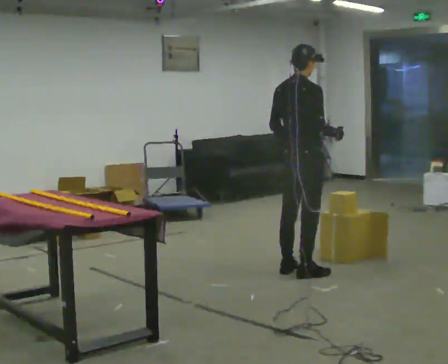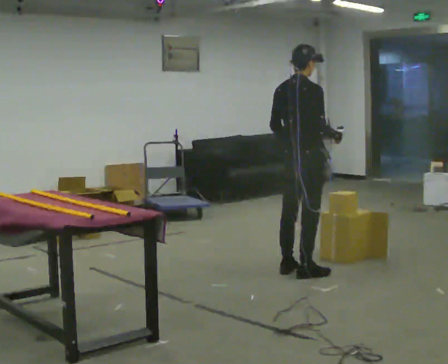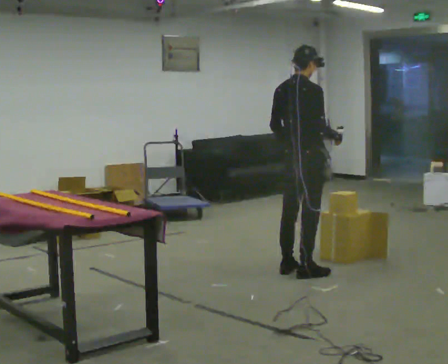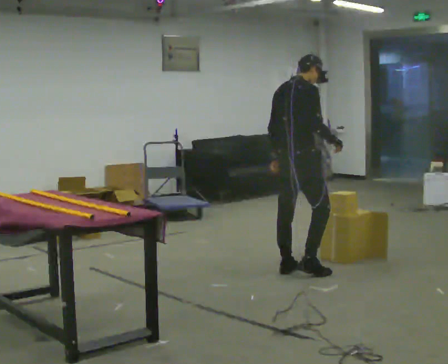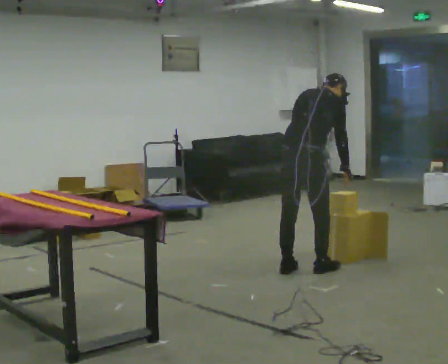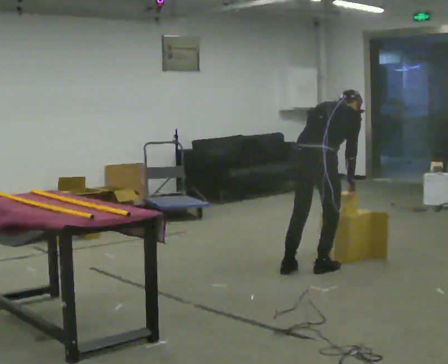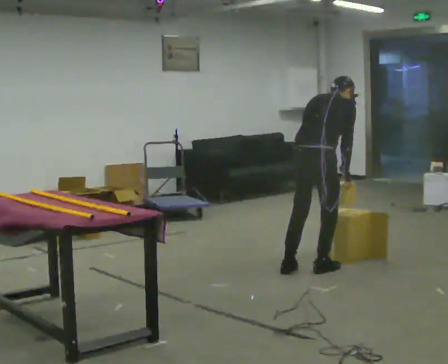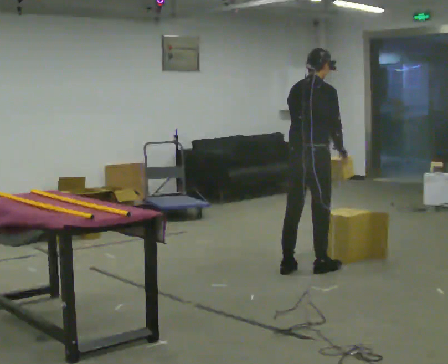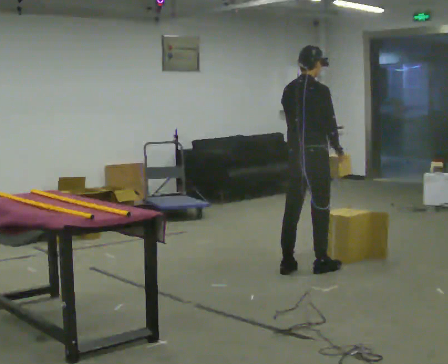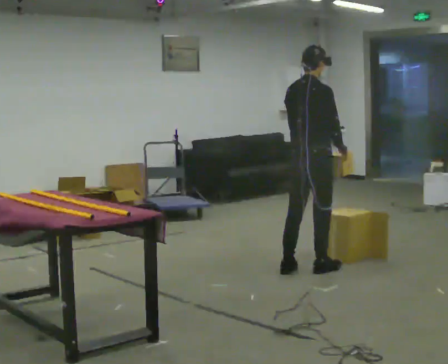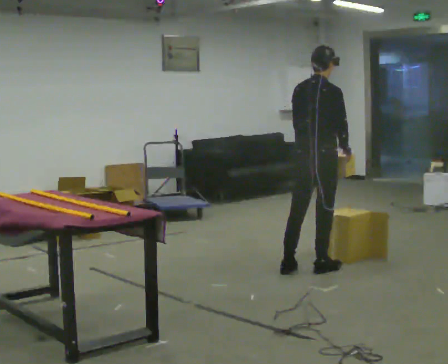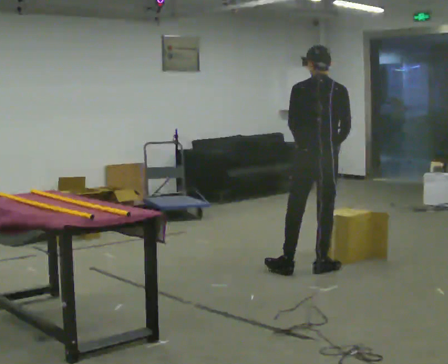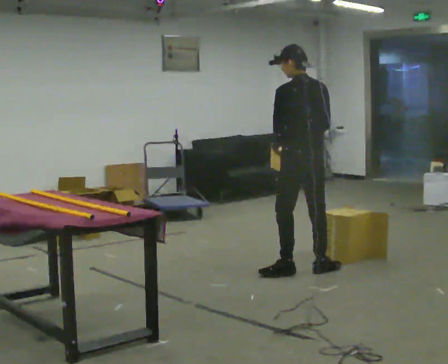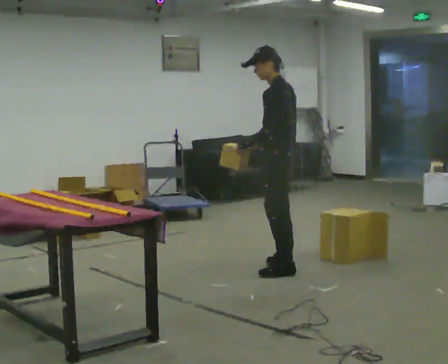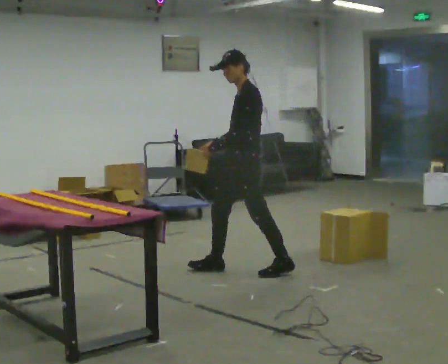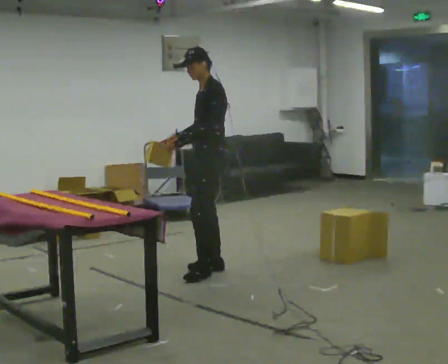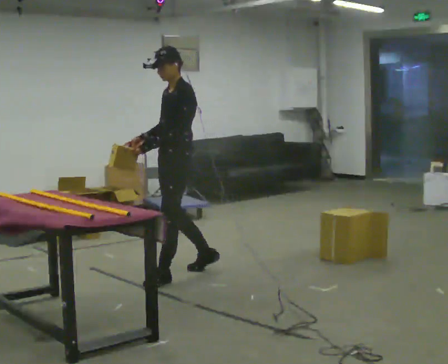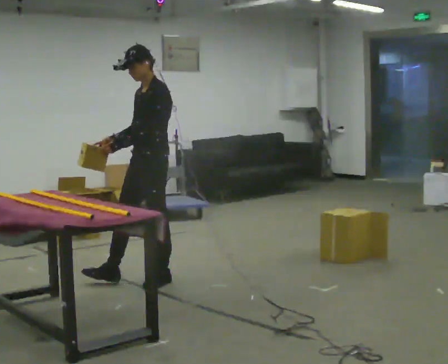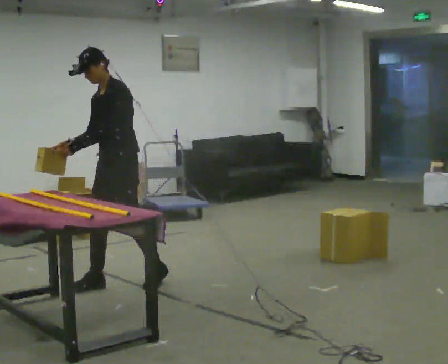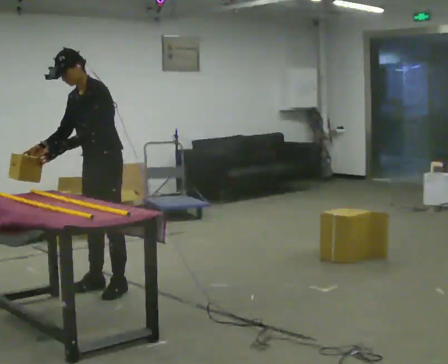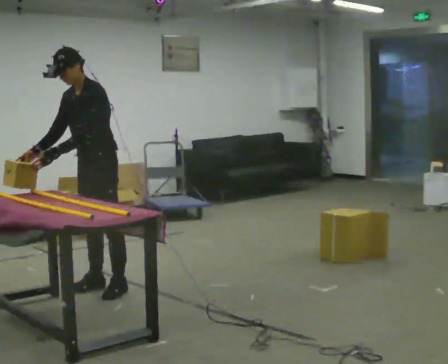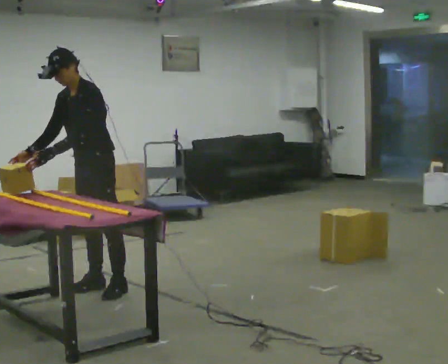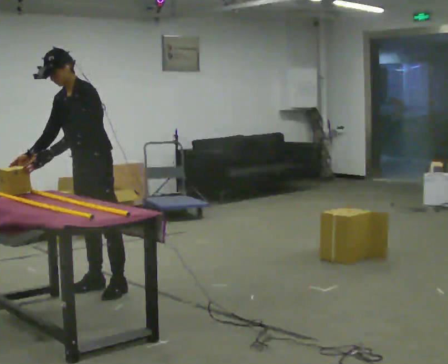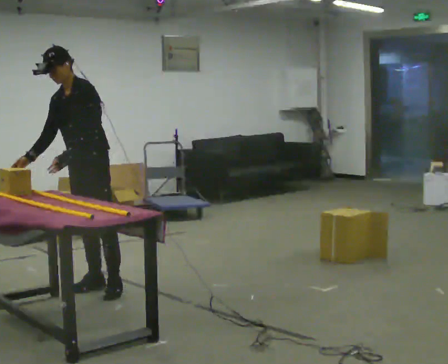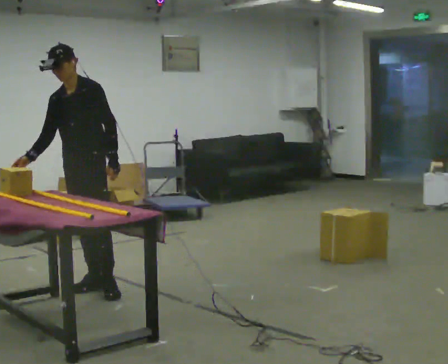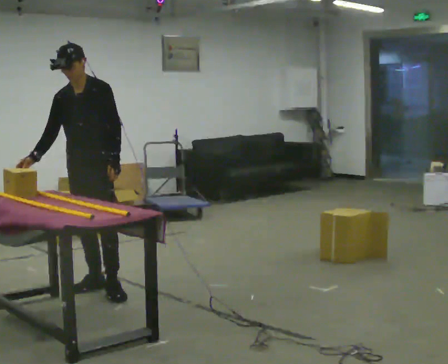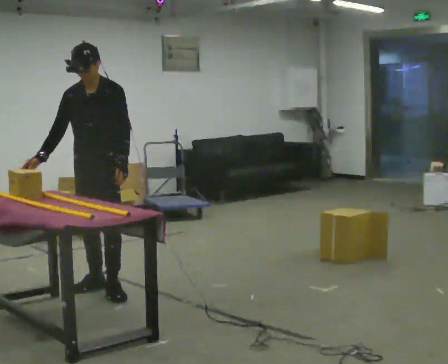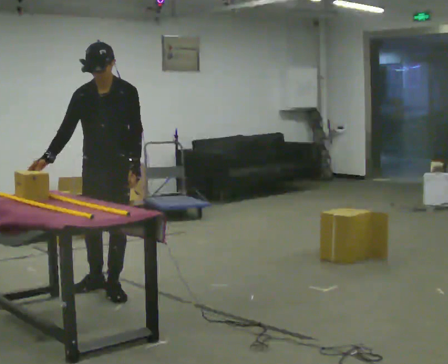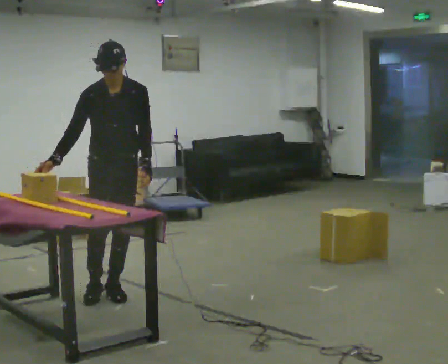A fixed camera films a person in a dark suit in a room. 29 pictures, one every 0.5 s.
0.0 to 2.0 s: The upper body tips away from the camera, its near side rolling upward, as they bend forward.
2.0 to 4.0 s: The person moves a little, or ends about where they began.
4.0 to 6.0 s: Seen from above the body turns counterclockwise, about 60 degrees: to their left, with its near side sliding to the right.
6.0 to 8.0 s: The person turns about 90 degrees to their left, counterclockwise seen from above, so the part of the body nearest the lens slides to the right. In the picture they go to the left, about 1 m in 2 steps.
8.0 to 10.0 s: The person turns about 30 degrees to their left, counterclockwise seen from above, so the part of the body nearest the lens slides to the right. In the picture they go to the left and toward the camera, about 0.5 m in 2 steps, which for them is forward. In the picture the upper body tilts counterclockwise, shoulders to the left, as they bend forward.
10.0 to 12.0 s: In the picture their left hand goes to the right, the arm swinging counterclockwise.
12.0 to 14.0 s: The part of the body nearest the lens slides to the right as the person turns to their left by about 30 degrees. In the picture they go to the right and toward the camera, about 0.25 m, which for them is to their left.
The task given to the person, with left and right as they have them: Carry the object across the room and slide it into the slot on the shelf. It is a close fit, so take the time you need. Keep going until the operator says stop; one object at a time, and do not rush between trips.
The film runs forward here.
